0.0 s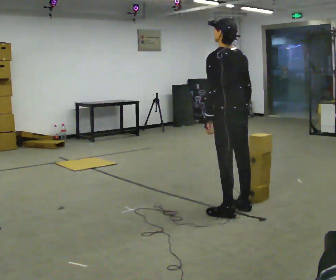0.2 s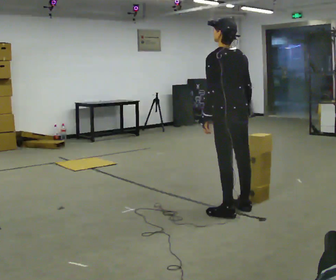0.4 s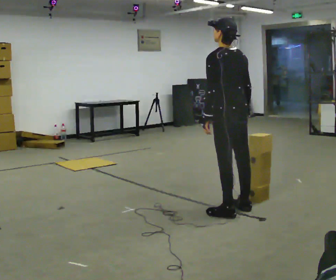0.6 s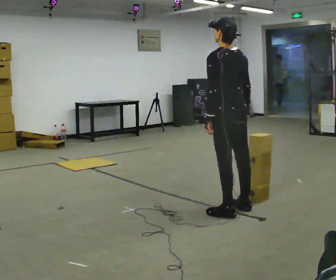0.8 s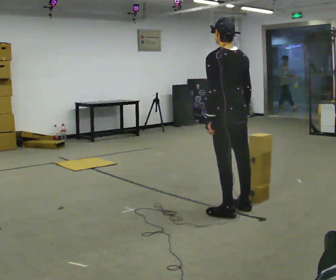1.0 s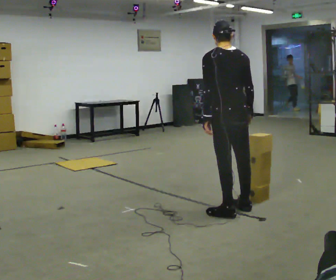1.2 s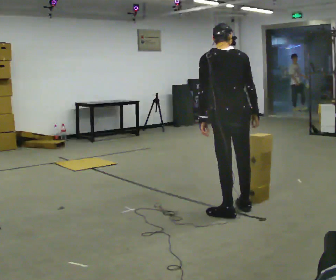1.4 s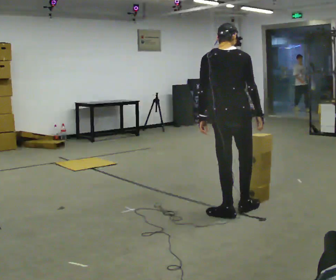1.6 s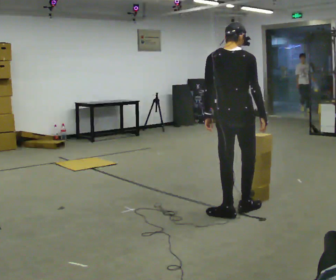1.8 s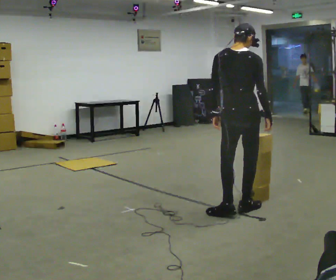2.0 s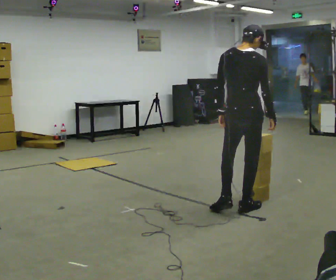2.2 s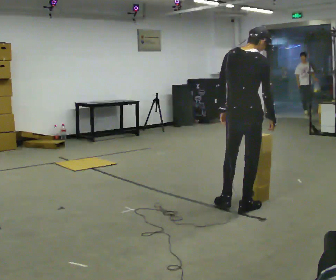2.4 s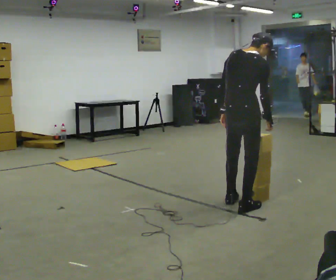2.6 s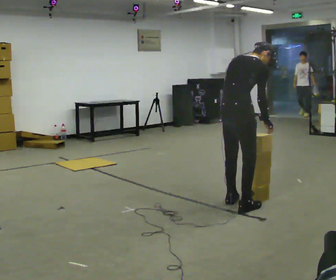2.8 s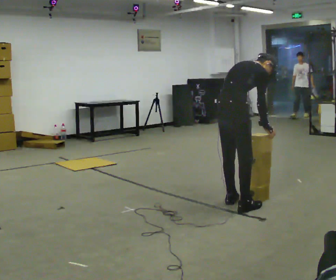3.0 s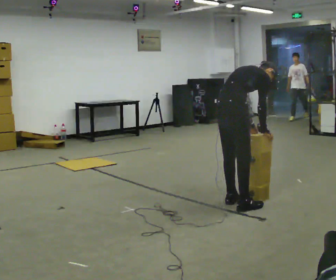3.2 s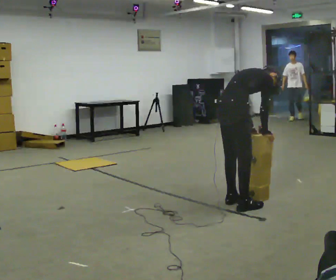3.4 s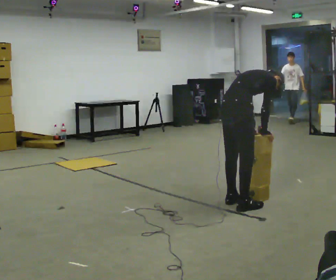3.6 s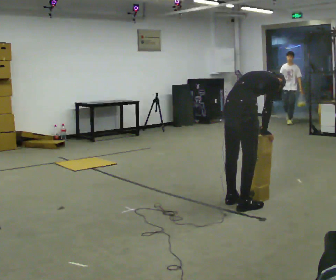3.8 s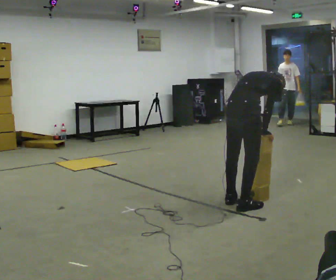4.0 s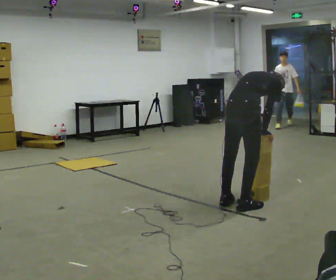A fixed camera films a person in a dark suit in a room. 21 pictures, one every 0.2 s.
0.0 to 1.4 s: Seen from above the body turns clockwise, about 30 degrees: to their right, with its near side sliding to the left.
1.4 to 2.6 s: The person turns about 45 degrees to their right, clockwise seen from above, so the part of the body nearest the lens slides to the left. In the picture they go away from the camera, about 0.25 m in 1 step, which for them is forward. In the picture the upper body tilts clockwise, shoulders to the right, as they bend forward.
2.6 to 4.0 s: The upper body tips away from the camera, its near side rolling upward, as they bend forward.
The film runs forward here.
